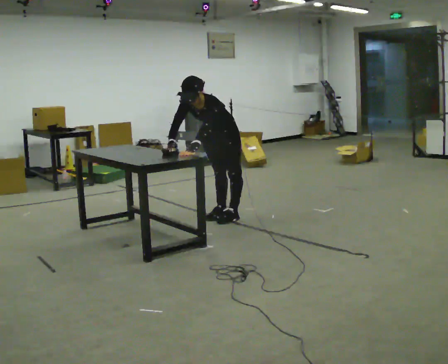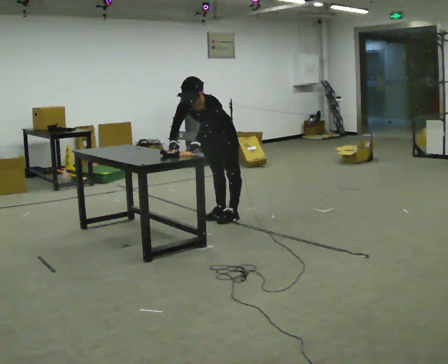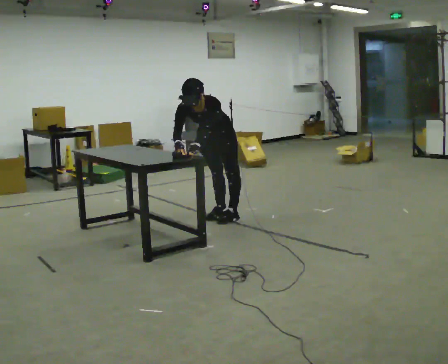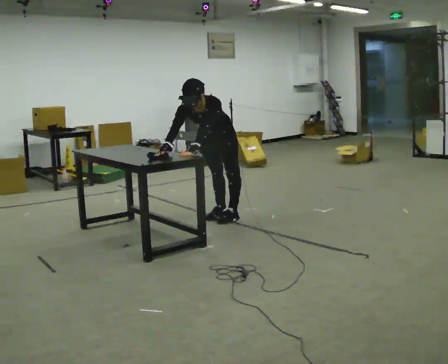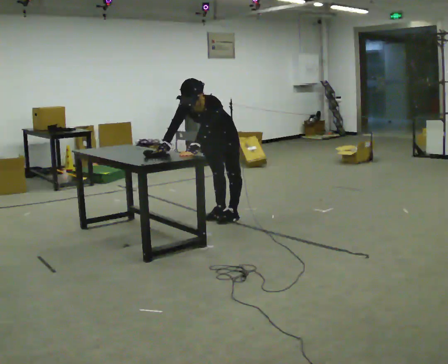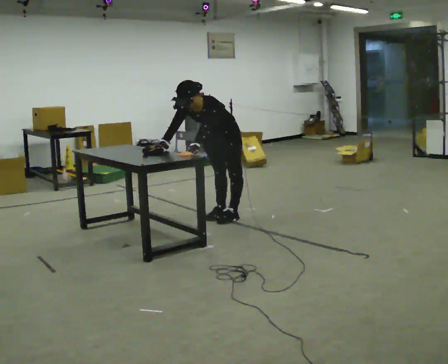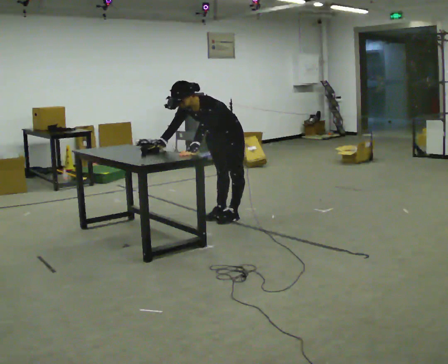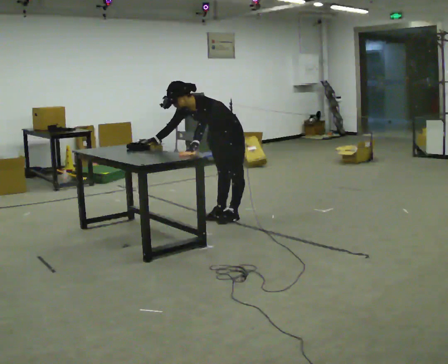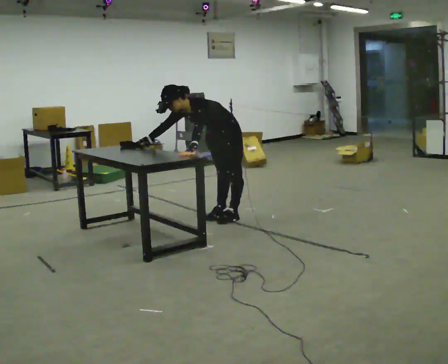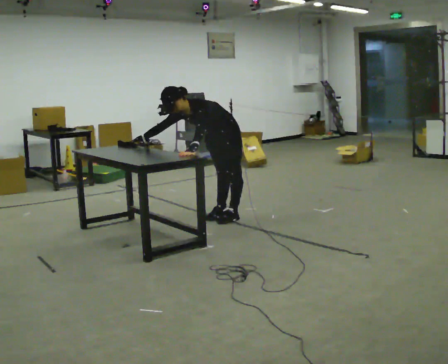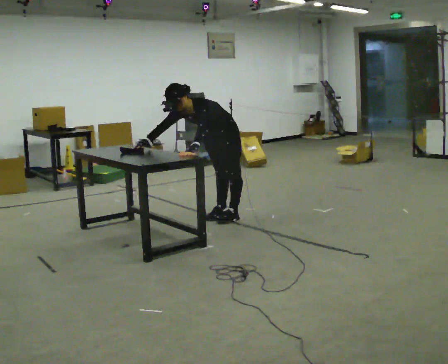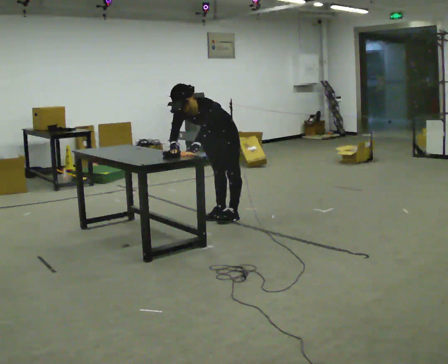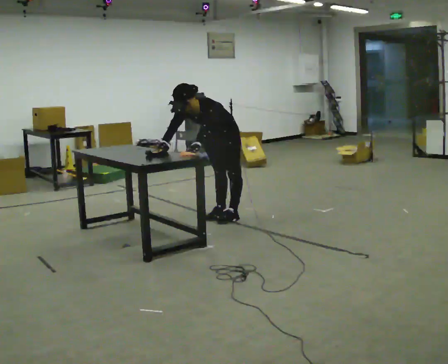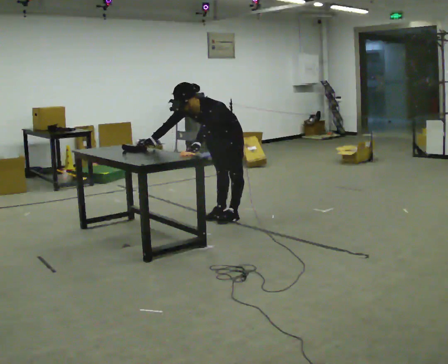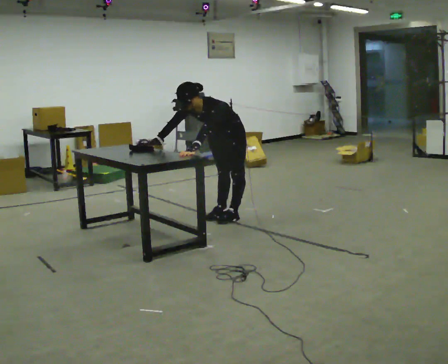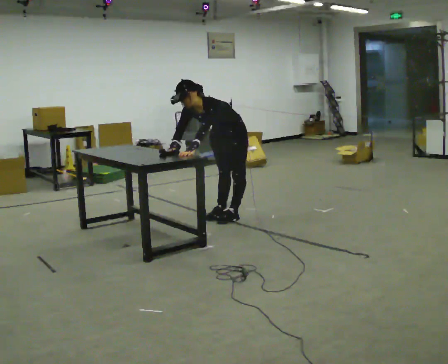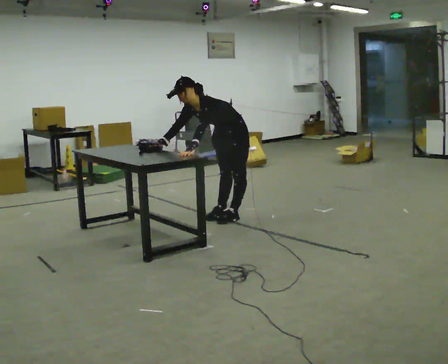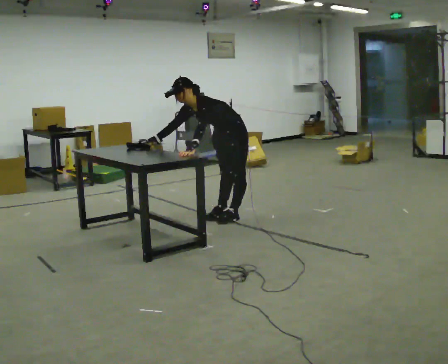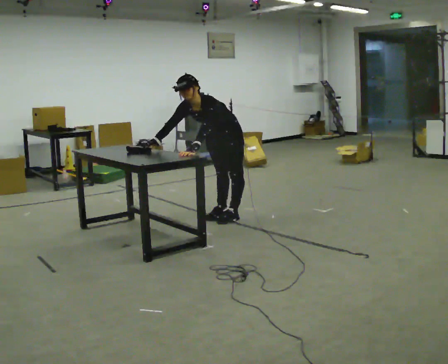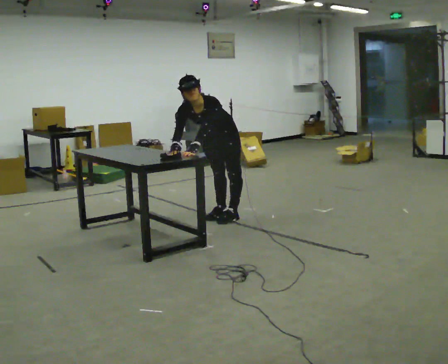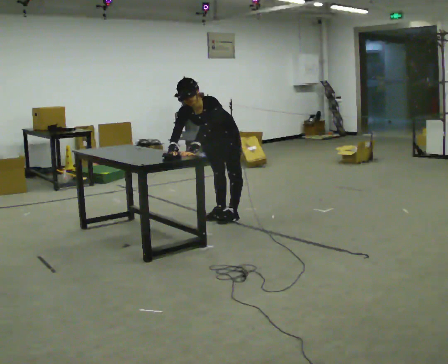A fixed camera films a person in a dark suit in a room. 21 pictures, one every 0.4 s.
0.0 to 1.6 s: The person moves a little, or ends about where they began.
1.6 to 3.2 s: The person turns about 30 degrees to their right, clockwise seen from above, so the part of the body nearest the lens slides to the left. In the picture the upper body tilts counterclockwise, shoulders to the left.
3.2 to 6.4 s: The person moves a little, or ends about where they began.
6.4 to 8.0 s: Seen from above the body turns counterclockwise, about 30 degrees: to their left, with its near side sliding to the right.
The film runs forward here.
